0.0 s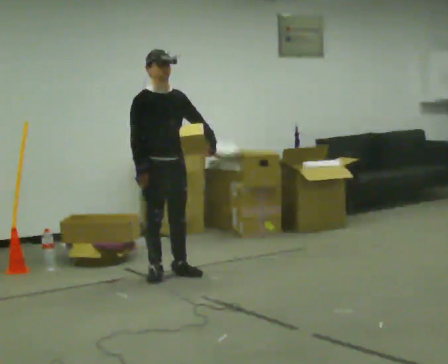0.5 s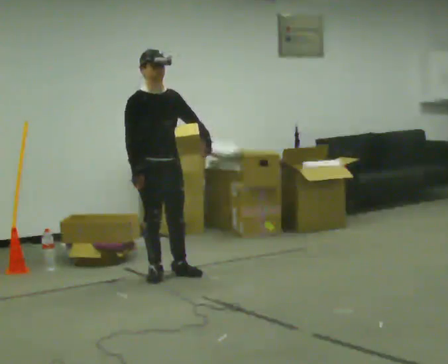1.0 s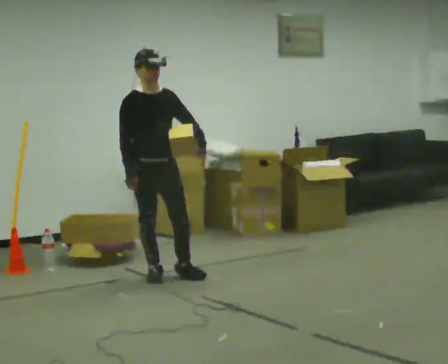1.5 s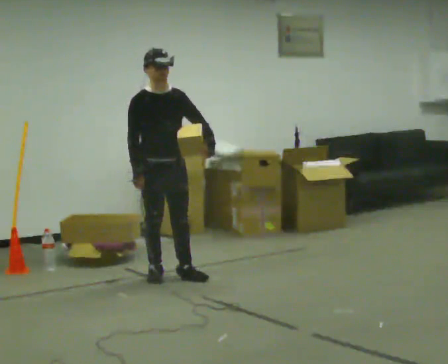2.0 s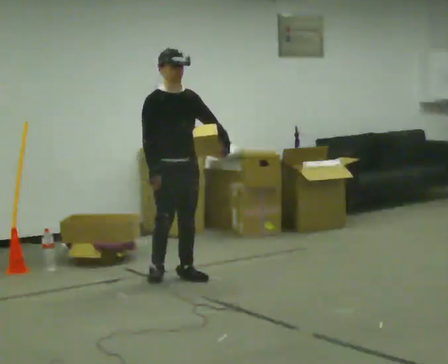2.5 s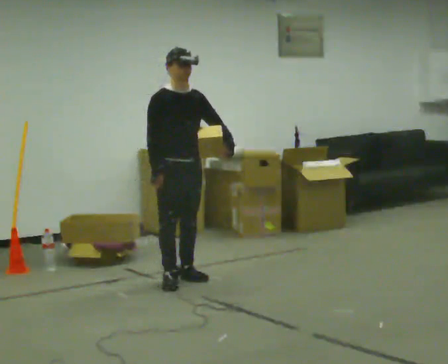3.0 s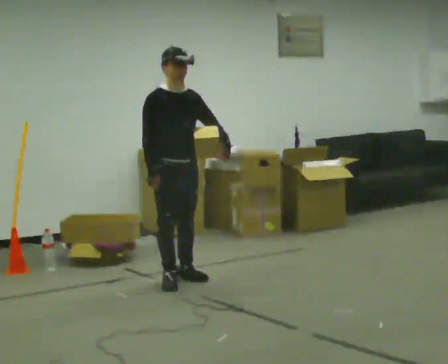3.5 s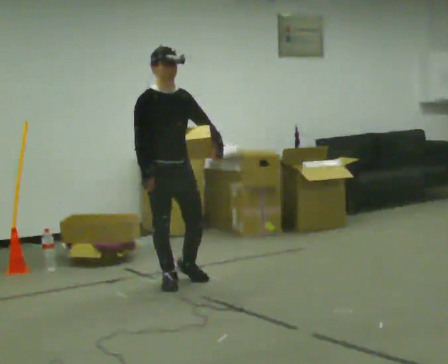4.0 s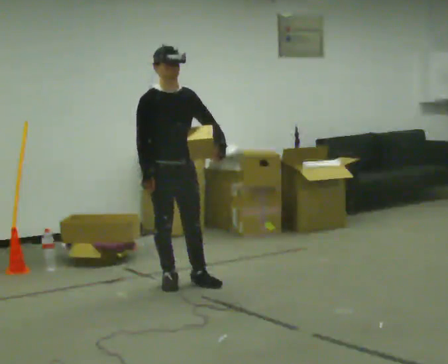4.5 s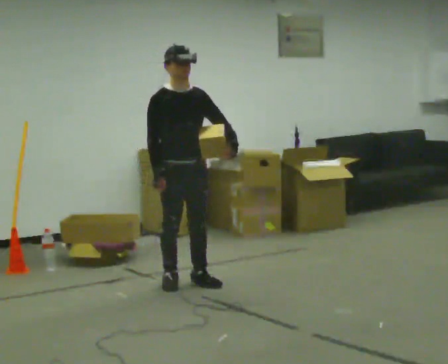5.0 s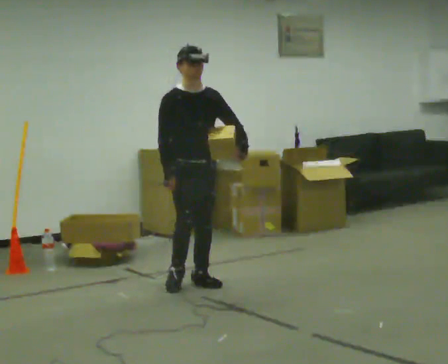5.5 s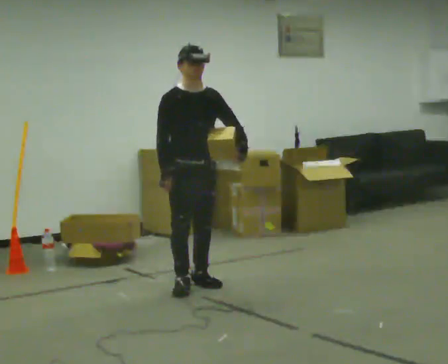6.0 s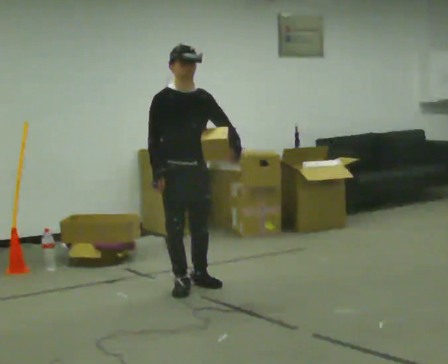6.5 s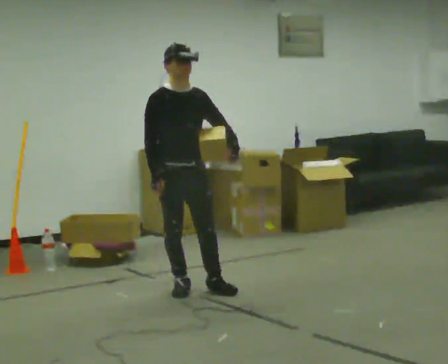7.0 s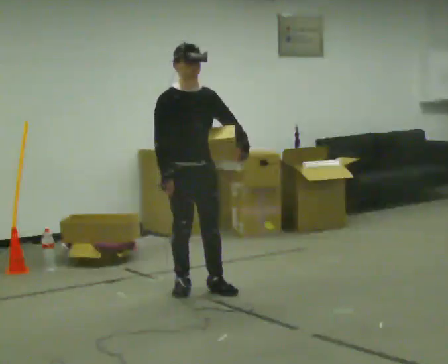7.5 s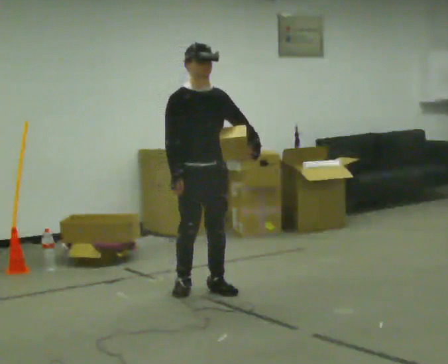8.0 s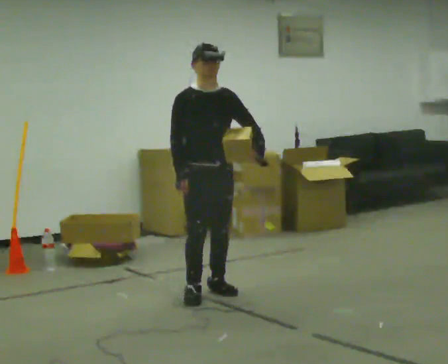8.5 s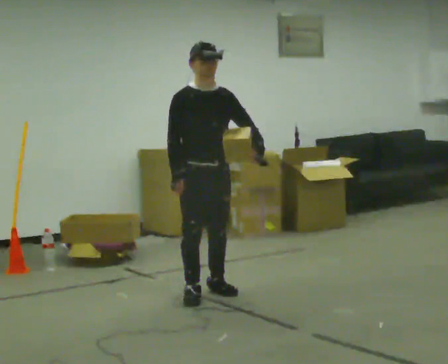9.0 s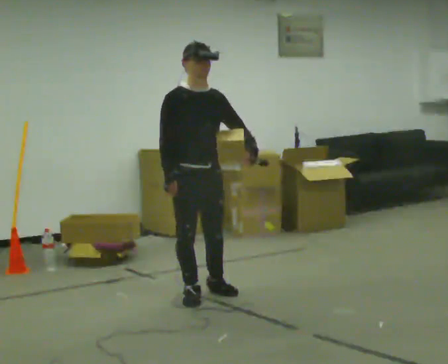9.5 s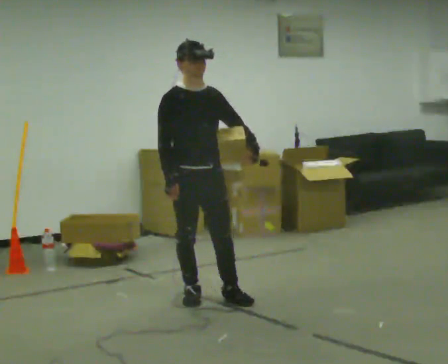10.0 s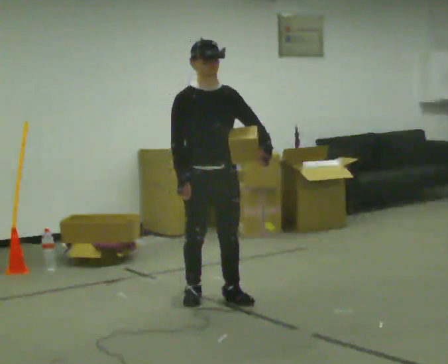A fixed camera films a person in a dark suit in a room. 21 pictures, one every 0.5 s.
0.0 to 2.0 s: The person moves a little, or ends about where they began.
2.0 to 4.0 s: In the picture they go toward the camera, about 0.25 m in 2 steps, which for them is forward.
4.0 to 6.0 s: In the picture they go toward the camera, about 0.25 m in 1 step, which for them is forward.
6.0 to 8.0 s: In the picture they go to the right, about 0.25 m in 2 steps, which for them is forward and to their left.
8.0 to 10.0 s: In the picture they go toward the camera, about 0.25 m in 1 step, which for them is forward.
The film runs forward here.
